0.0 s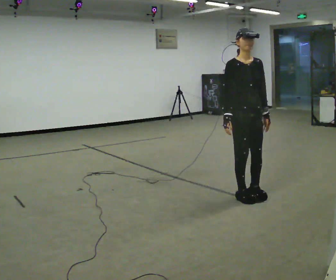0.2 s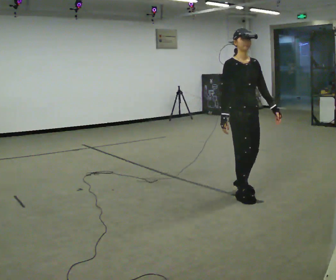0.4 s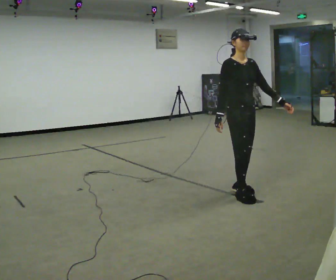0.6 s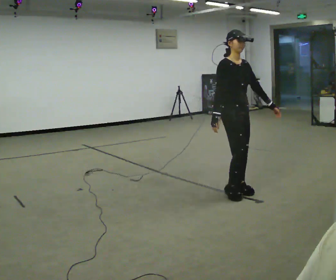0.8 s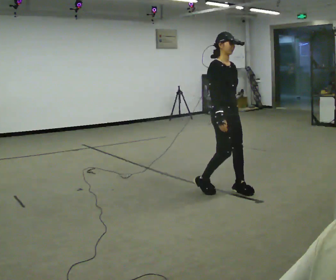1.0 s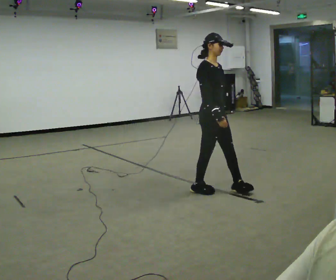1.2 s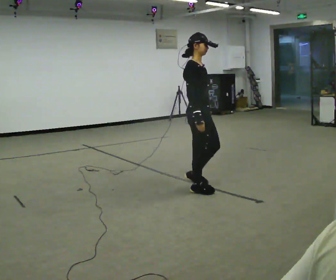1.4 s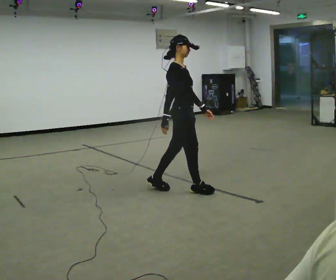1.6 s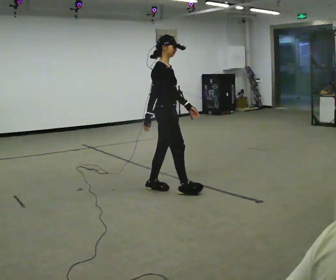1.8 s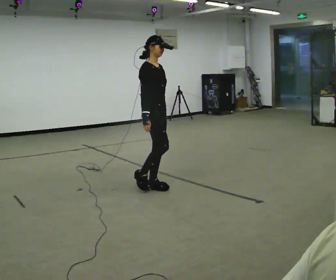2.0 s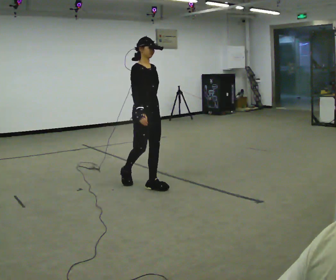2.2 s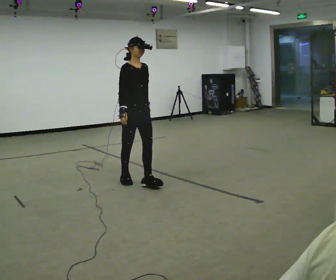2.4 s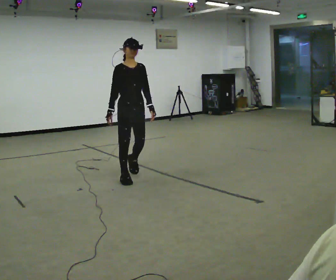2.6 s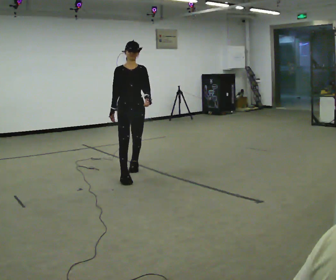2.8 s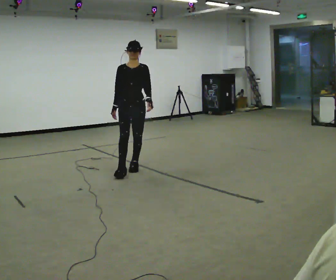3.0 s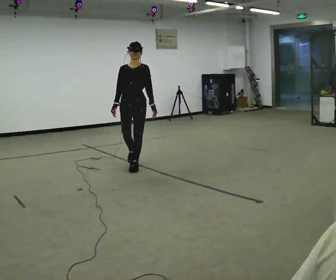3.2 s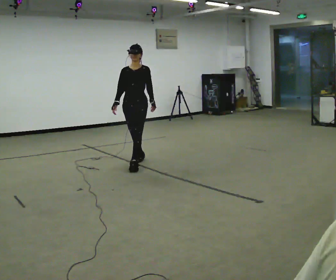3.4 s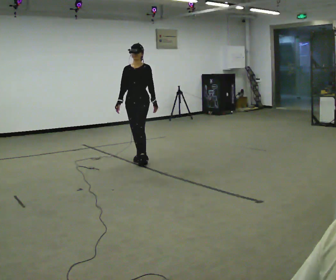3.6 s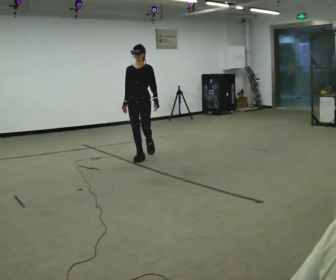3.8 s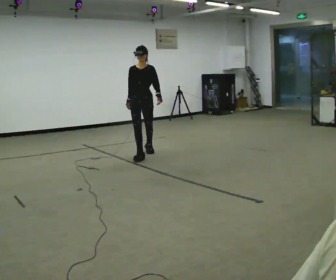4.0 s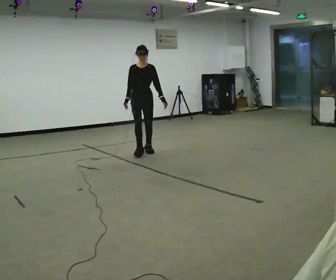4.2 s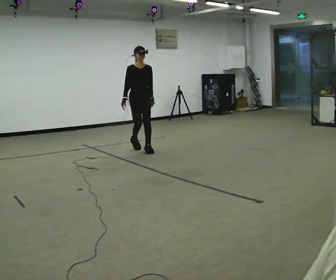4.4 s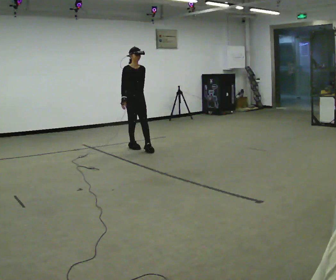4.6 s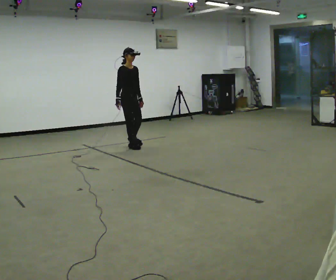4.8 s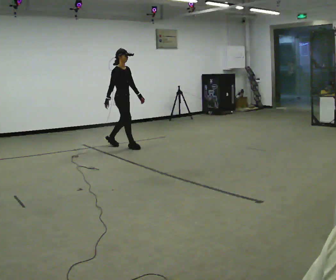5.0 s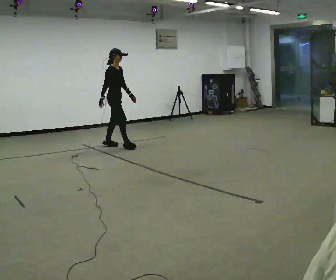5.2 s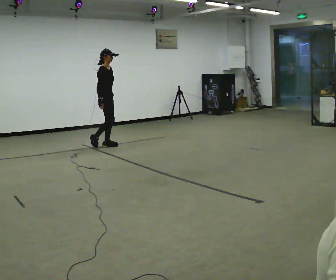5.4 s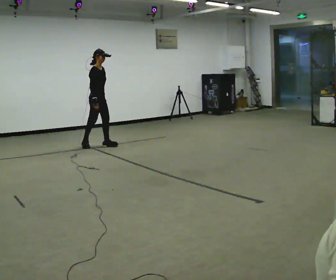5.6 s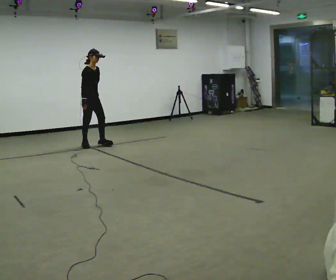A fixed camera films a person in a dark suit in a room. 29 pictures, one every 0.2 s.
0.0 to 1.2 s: The part of the body nearest the lens slides to the right as the person turns to their left by about 45 degrees. In the picture they go to the left and away from the camera, about 0.5 m in 2 steps, which for them is backward and to their right.
1.2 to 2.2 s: The part of the body nearest the lens slides to the left as the person turns to their right by about 30 degrees. In the picture they go to the left and away from the camera, about 1 m in 2 steps, which for them is backward.
2.2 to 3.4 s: The part of the body nearest the lens slides to the left as the person turns to their right by about 60 degrees. In the picture they go away from the camera, about 1 m in 2 steps, which for them is backward.
3.4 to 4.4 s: The part of the body nearest the lens slides to the right as the person turns to their left by about 45 degrees. In the picture they go away from the camera, about 0.5 m in 2 steps, which for them is backward.
4.4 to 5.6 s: The person turns about 30 degrees to their left, counterclockwise seen from above, so the part of the body nearest the lens slides to the right. In the picture they go to the left and away from the camera, about 1 m in 2 steps, which for them is backward.
The film runs backward here.
